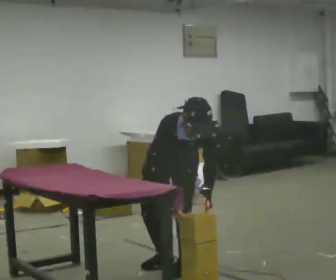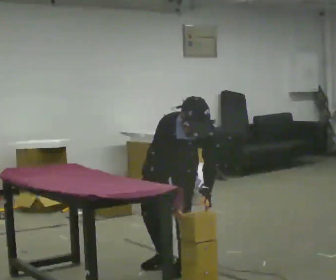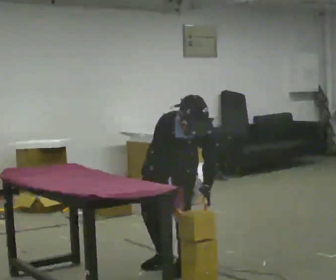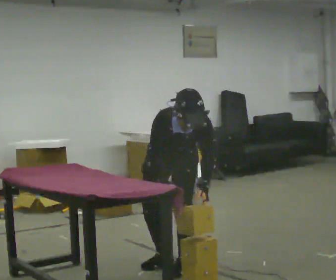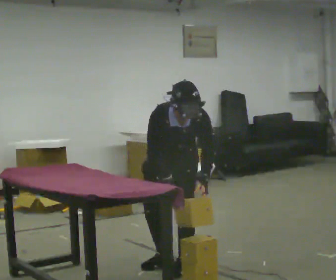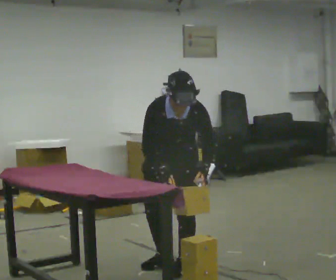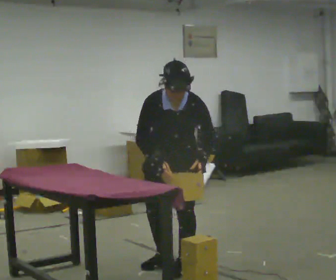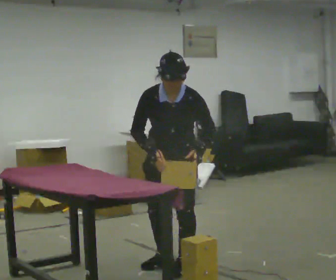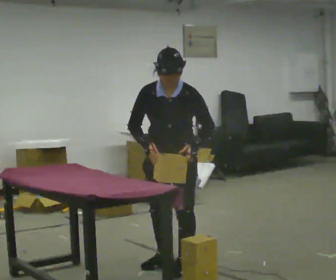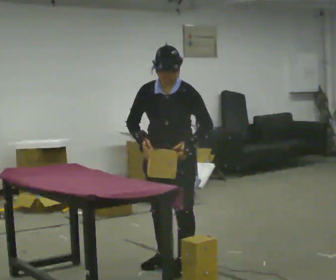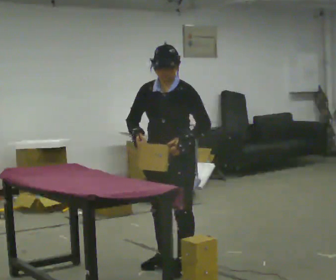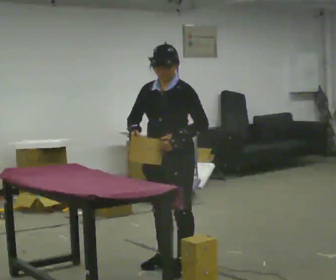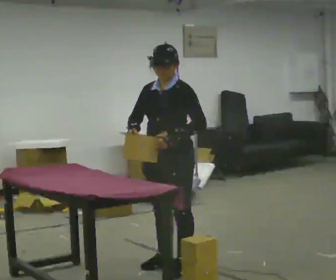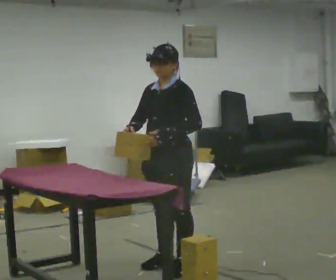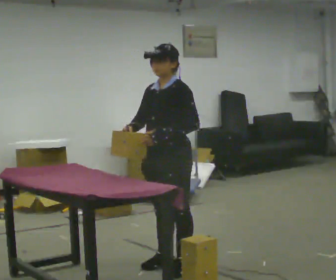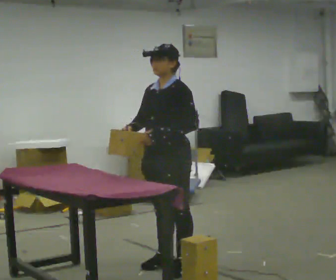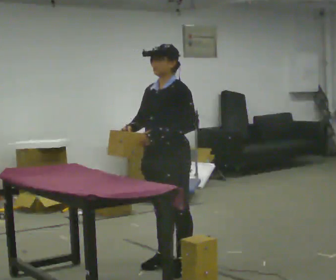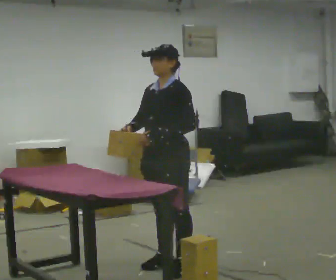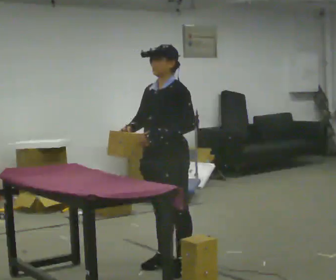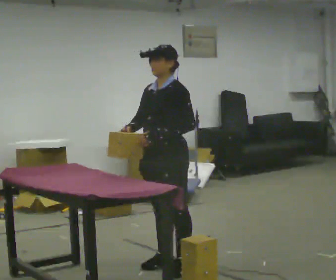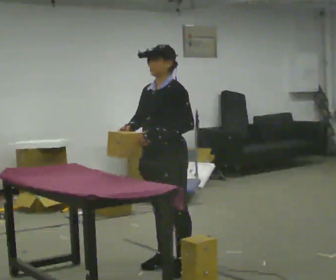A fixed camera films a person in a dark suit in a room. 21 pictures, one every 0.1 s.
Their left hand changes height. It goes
upward.
Their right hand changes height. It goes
upward.
0.0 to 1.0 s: Seen from above the body turns clockwise, about 30 degrees: to their right, with its near side sliding to the left. The upper body goes upward. The upper body tips away from the camera, its near side rolling upward, as they lean back or straighten. In the picture their left hand goes upward.
1.0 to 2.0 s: The person moves a little, or ends about where they began.
The film runs backward here.
